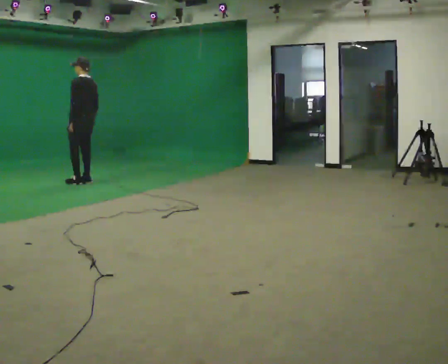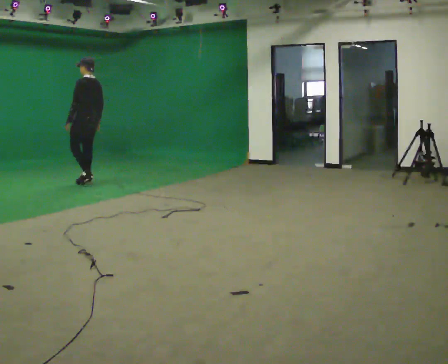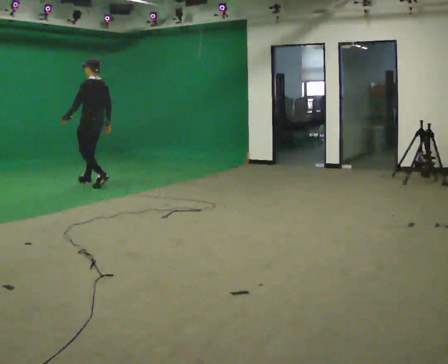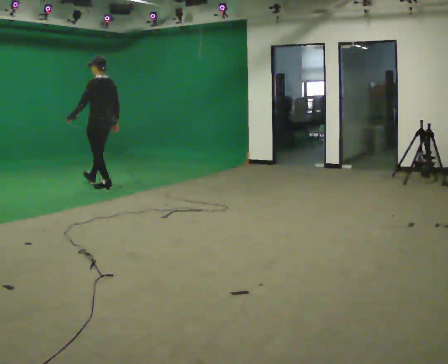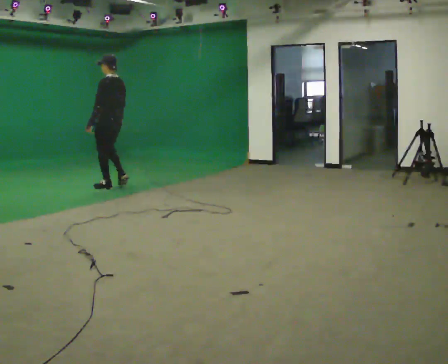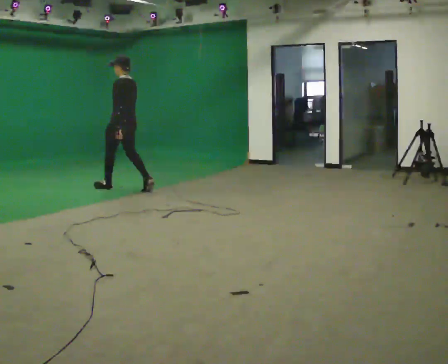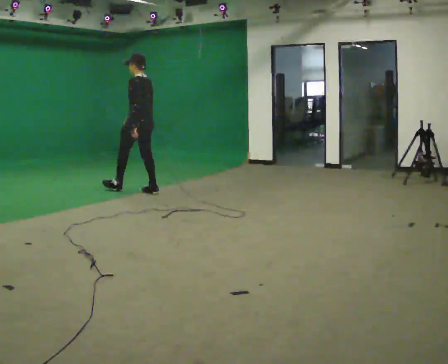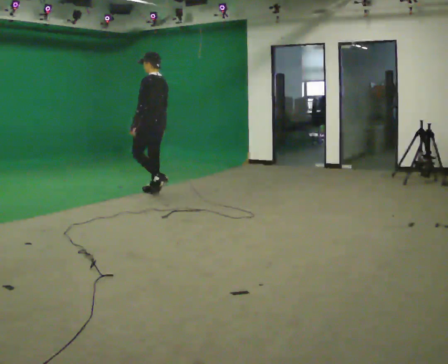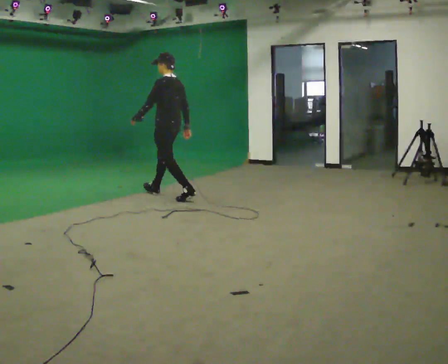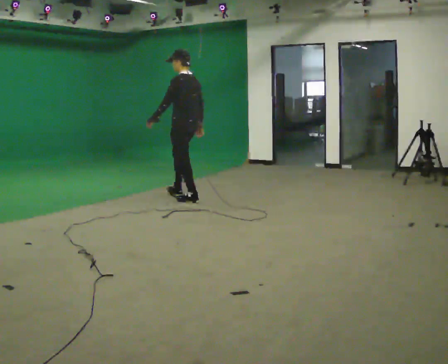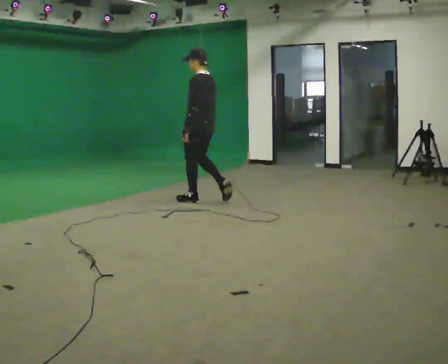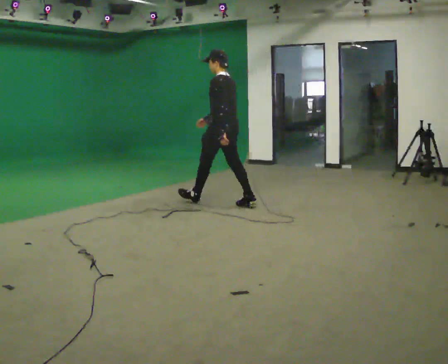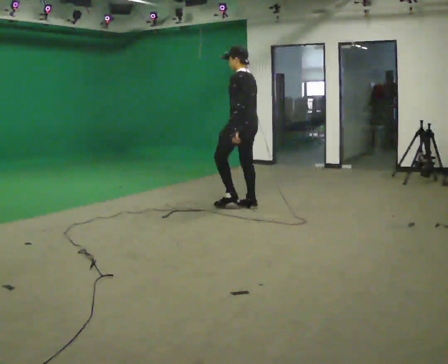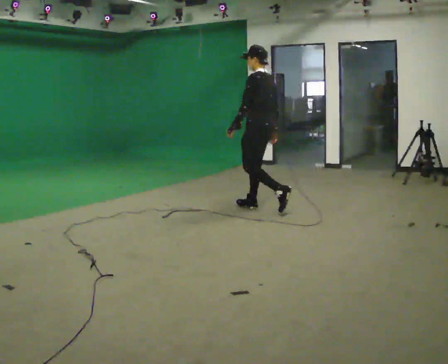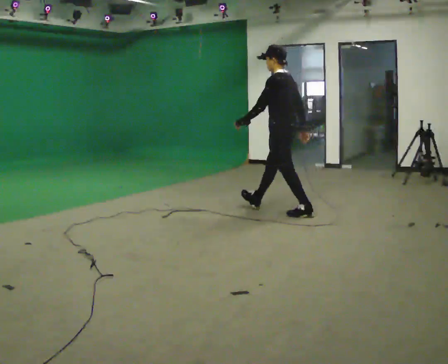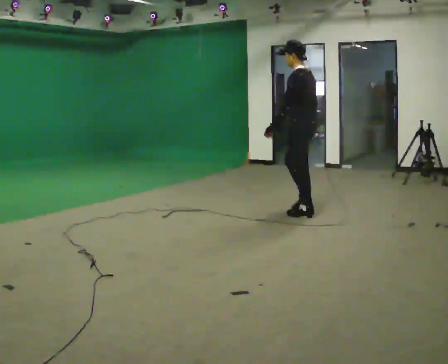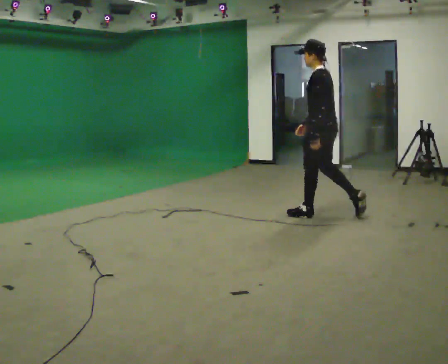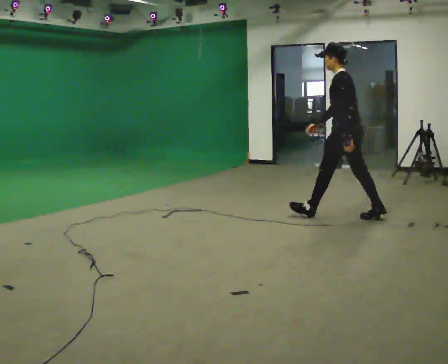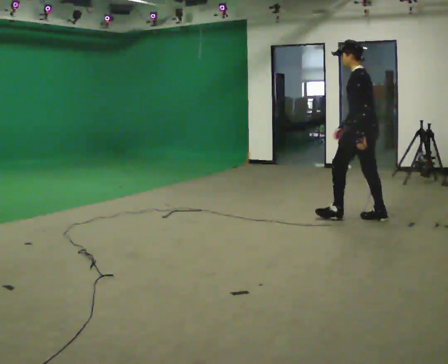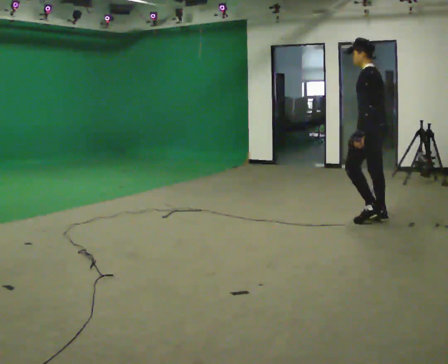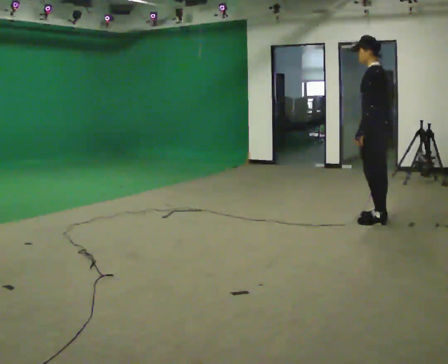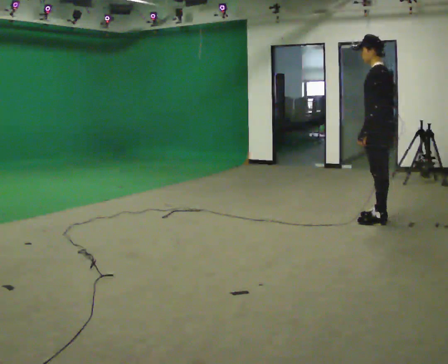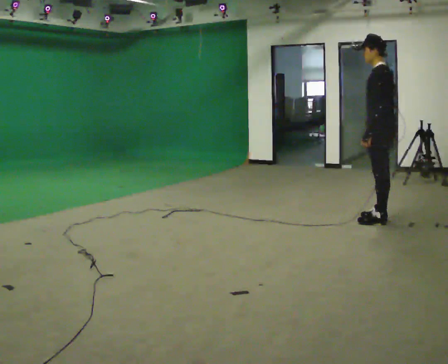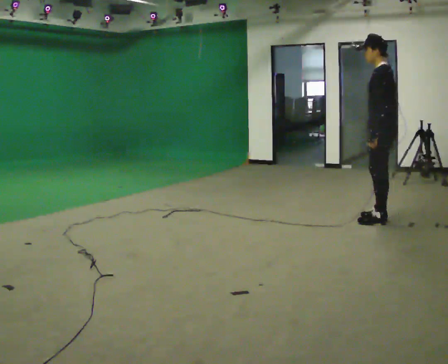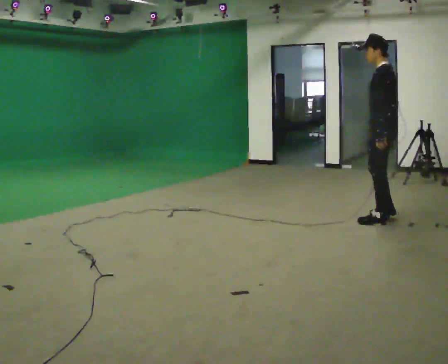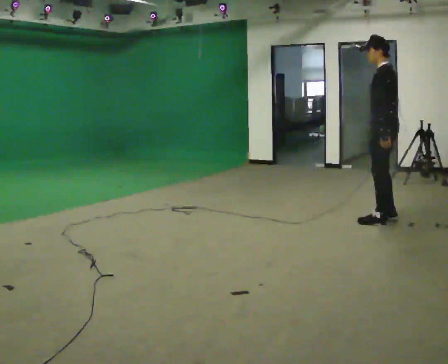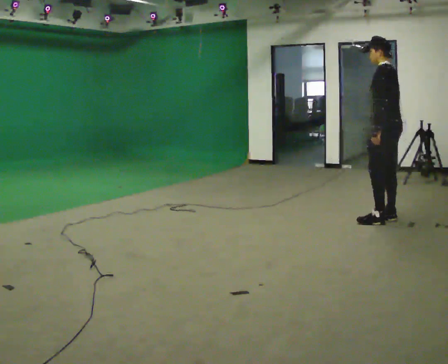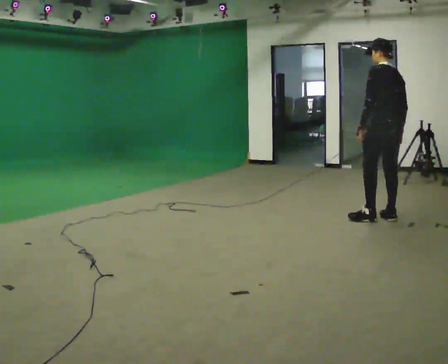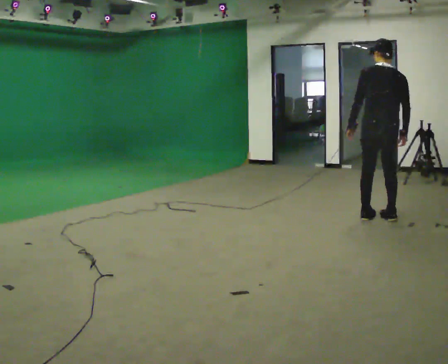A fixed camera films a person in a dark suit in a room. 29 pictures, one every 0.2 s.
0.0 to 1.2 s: In the picture they go to the right and toward the camera, about 1 m in 3 steps, which for them is backward.
1.2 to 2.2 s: In the picture they go to the right and toward the camera, about 1.5 m in 2 steps, which for them is backward.
2.2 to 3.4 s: In the picture they go to the right and toward the camera, about 1.5 m in 2 steps, which for them is backward.
3.4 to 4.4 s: In the picture they go to the right and toward the camera, about 0.25 m, which for them is backward.
4.4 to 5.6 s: The part of the body nearest the lens slides to the left as the person turns to their right by about 60 degrees.
The film runs backward here.
